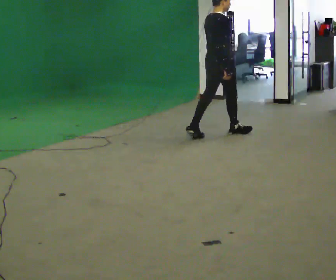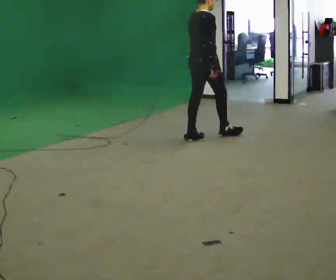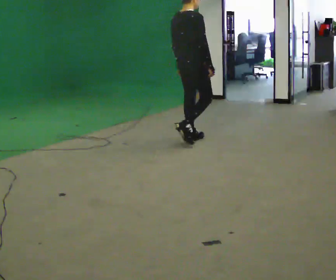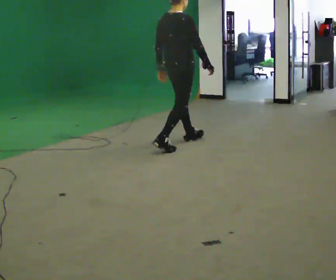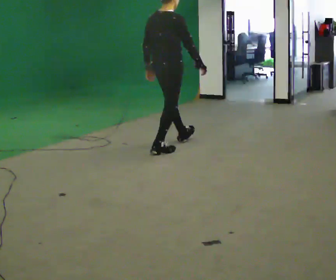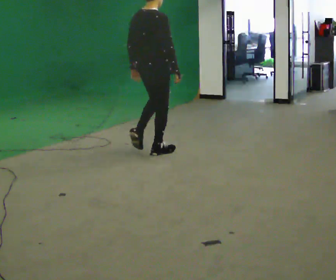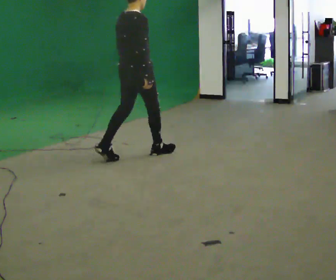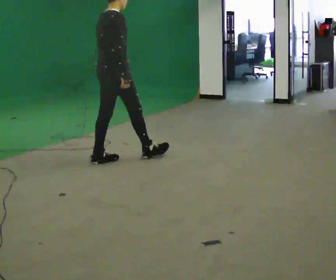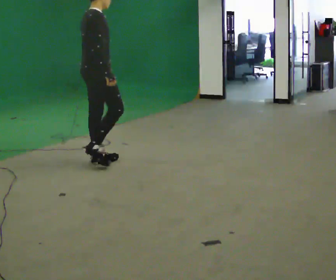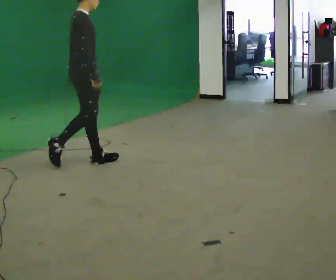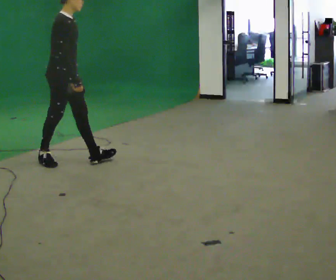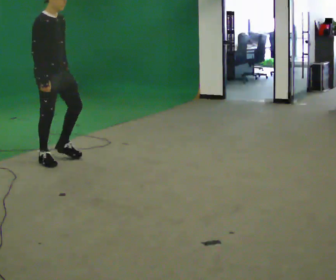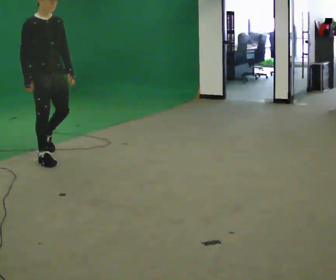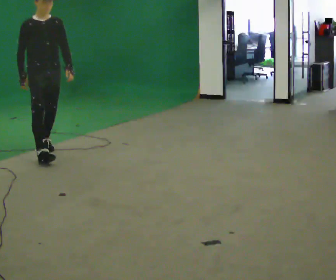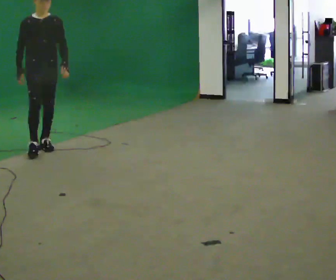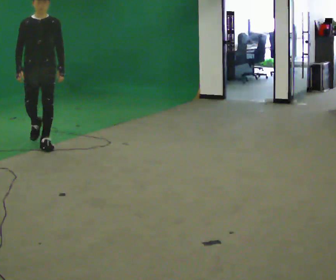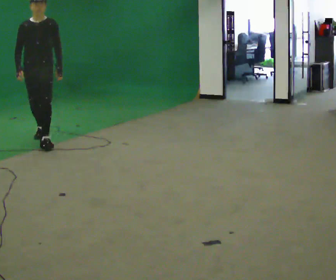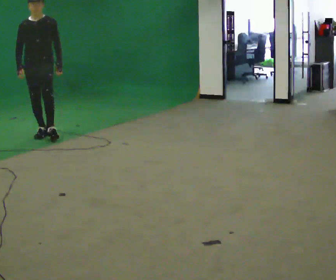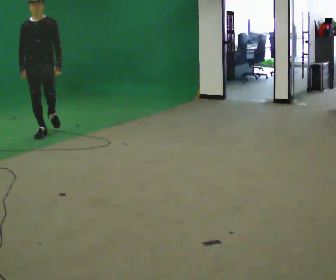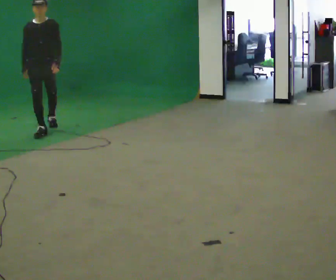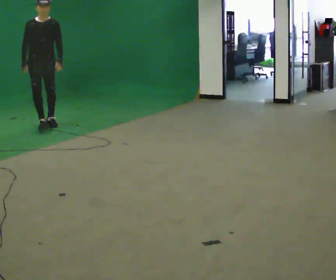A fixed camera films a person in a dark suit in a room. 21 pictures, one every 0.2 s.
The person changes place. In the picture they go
to the left.
The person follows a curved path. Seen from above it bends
clockwise.
0.0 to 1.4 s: In the picture they go to the left and toward the camera, about 1.5 m in 3 steps, which for them is backward.
1.4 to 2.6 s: The part of the body nearest the lens slides to the left as the person turns to their right by about 90 degrees. In the picture they go to the left and away from the camera, about 1 m in 1 step.
2.6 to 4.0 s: In the picture they go away from the camera, about 1.5 m in 3 steps, which for them is backward.
The film runs backward here.
